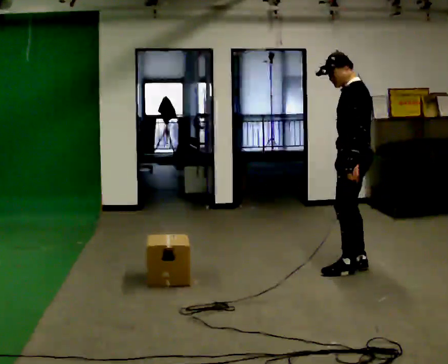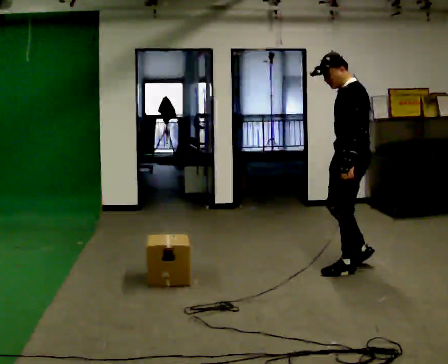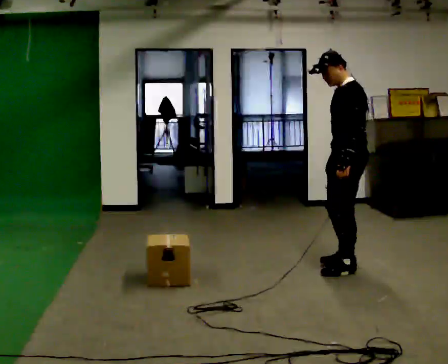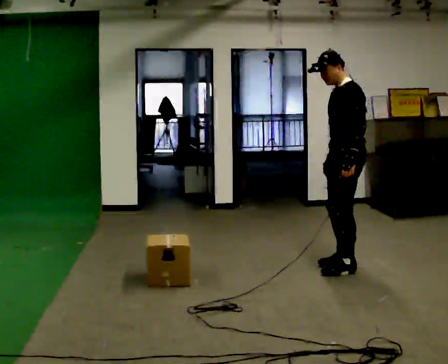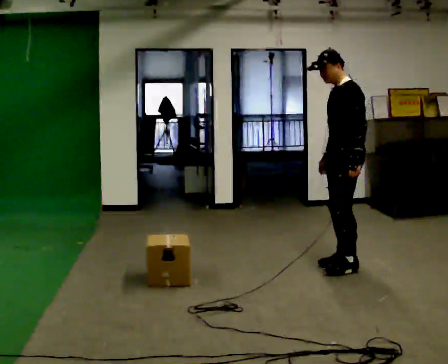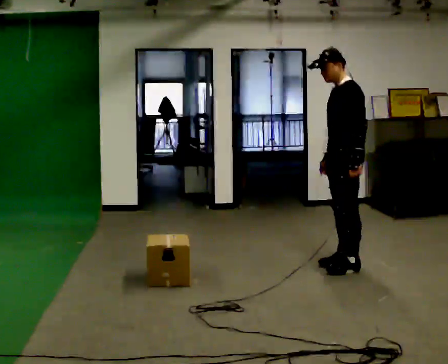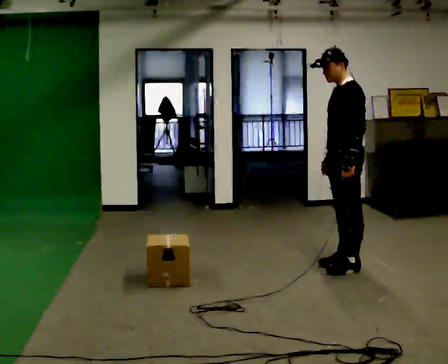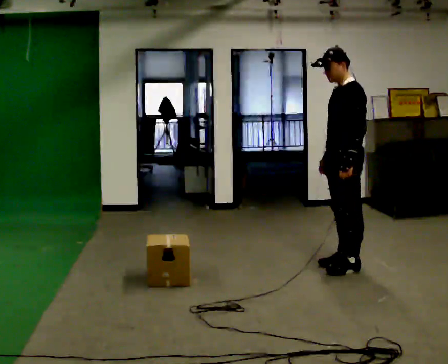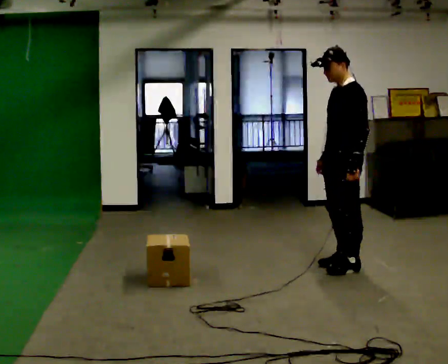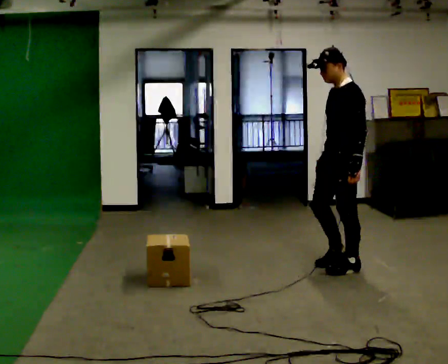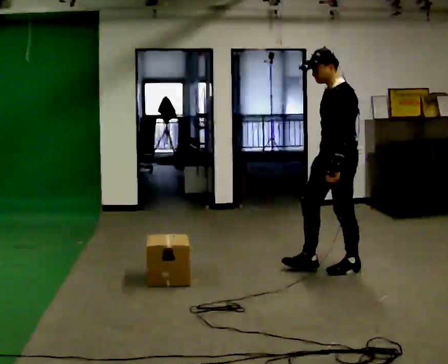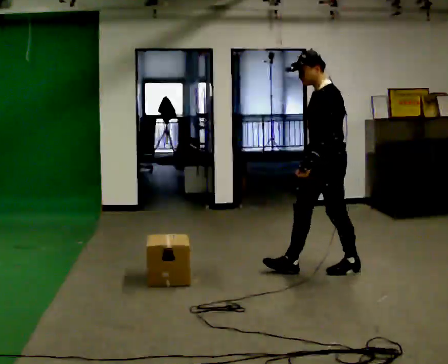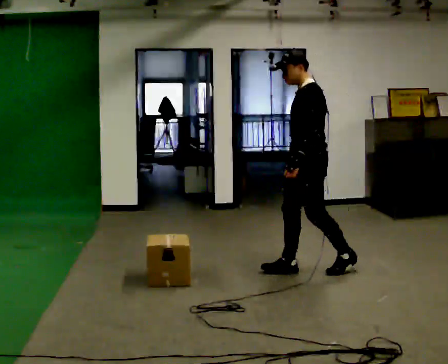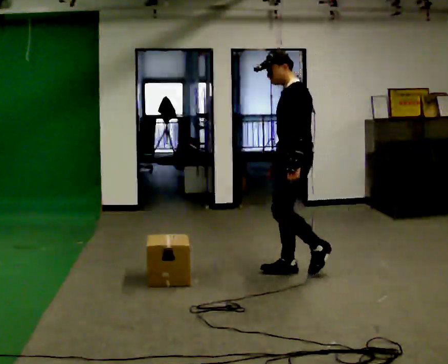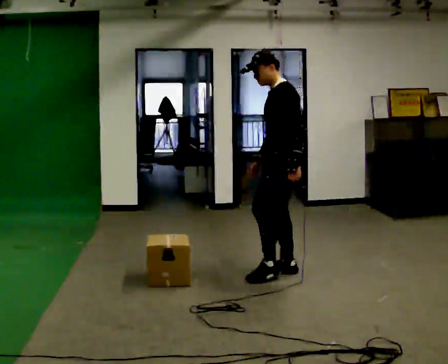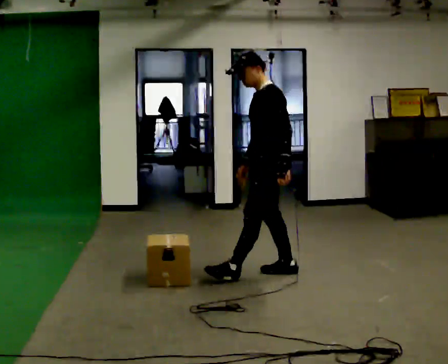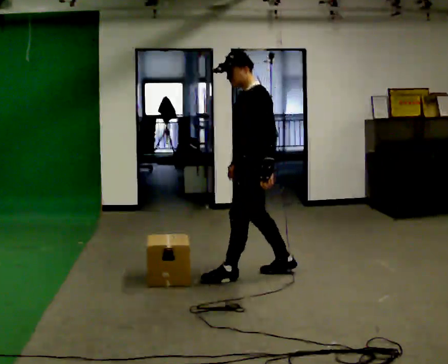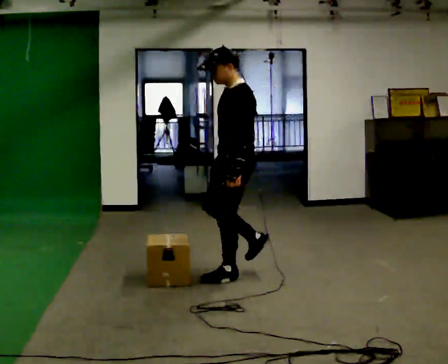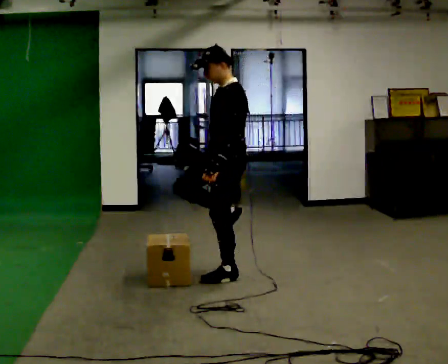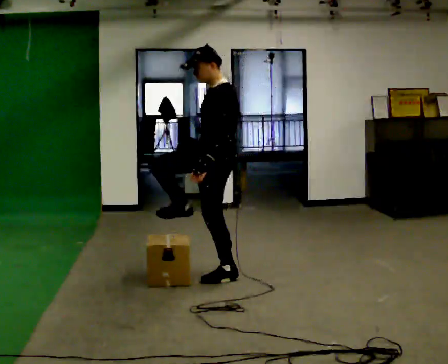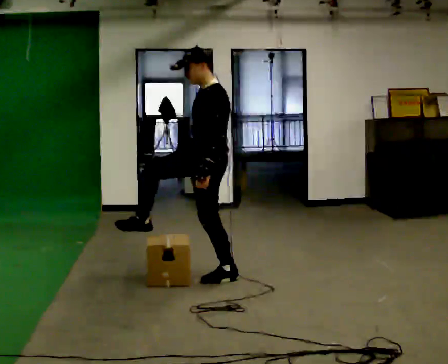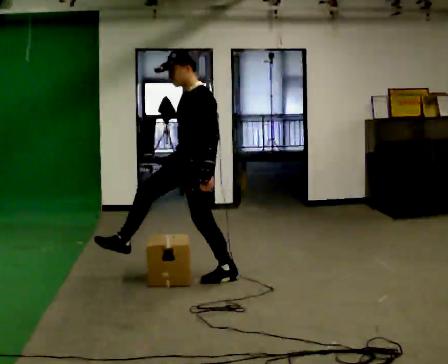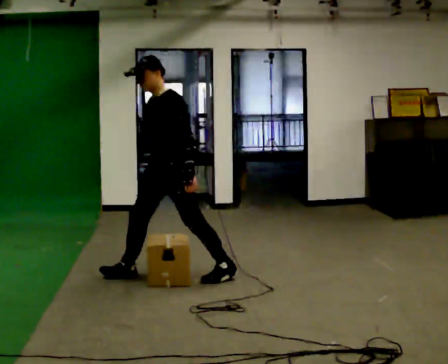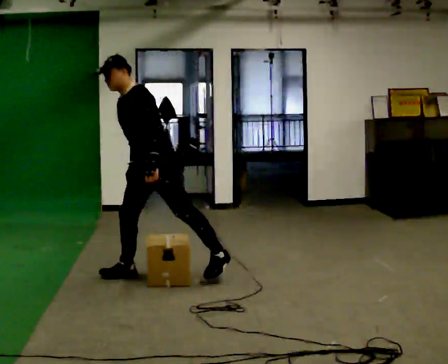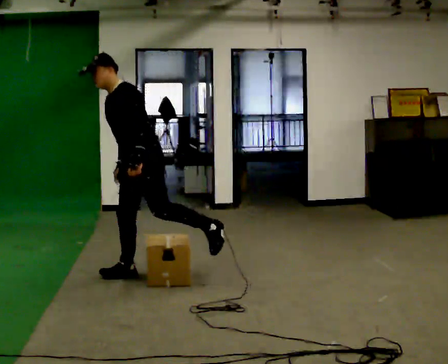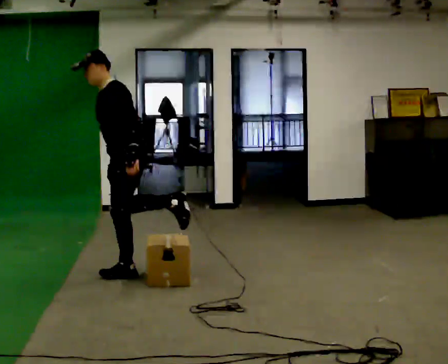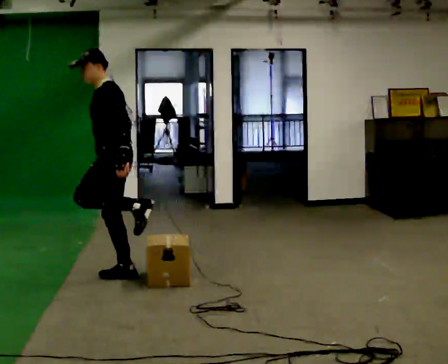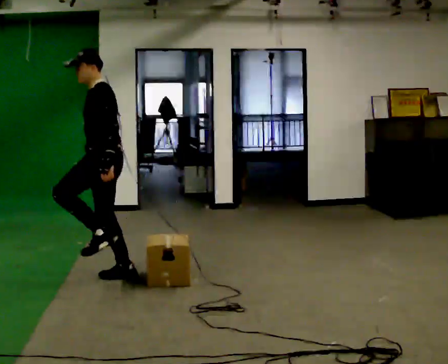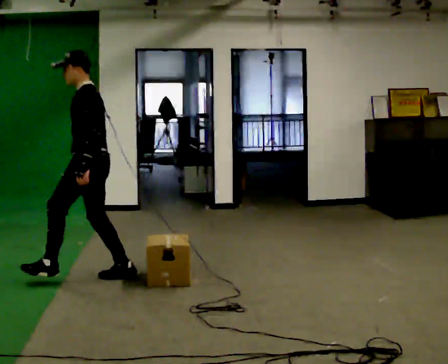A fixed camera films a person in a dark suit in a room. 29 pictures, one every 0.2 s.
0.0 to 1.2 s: The person moves a little, or ends about where they began.
1.2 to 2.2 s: In the picture they go to the left, about 0.25 m in 1 step, which for them is forward. In the picture their left hand goes to the left.
2.2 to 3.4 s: In the picture they go to the left, about 0.75 m in 1 step, which for them is forward.
3.4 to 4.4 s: Seen from above the body turns counterclockwise, about 30 degrees: to their left, with its near side sliding to the right. In the picture they go to the left, about 0.5 m in 1 step, which for them is forward.
4.4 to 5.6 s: The person turns about 45 degrees to their right, clockwise seen from above, so the part of the body nearest the lens slides to the left. In the picture they go to the left, about 0.5 m, which for them is forward.
The film runs forward here.
